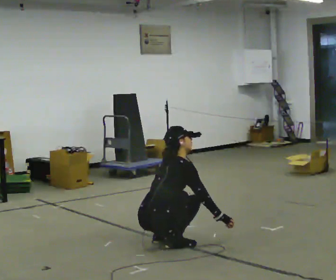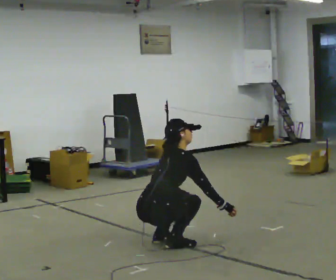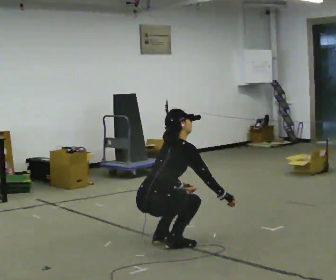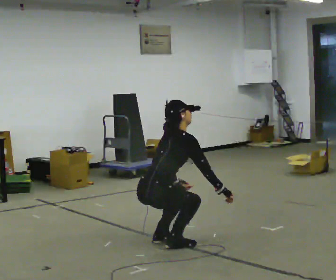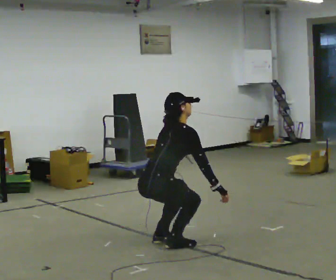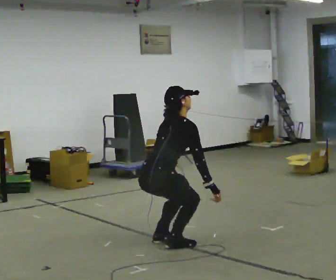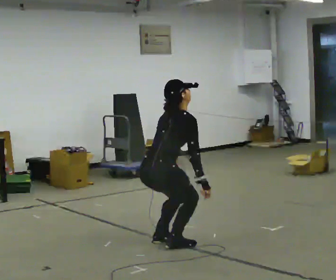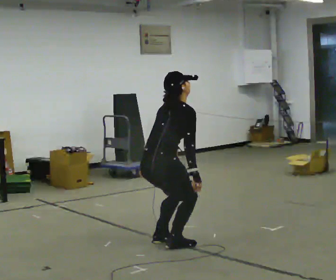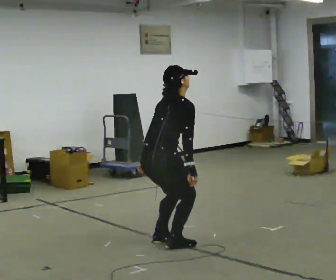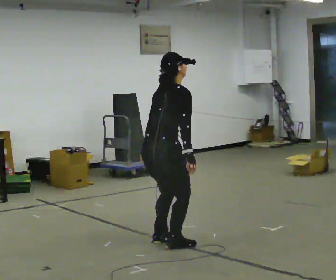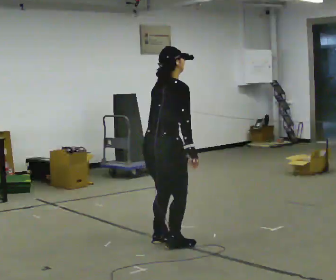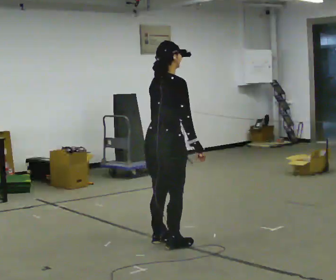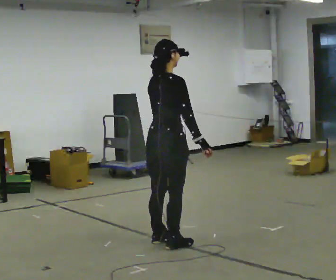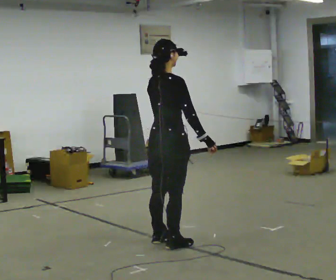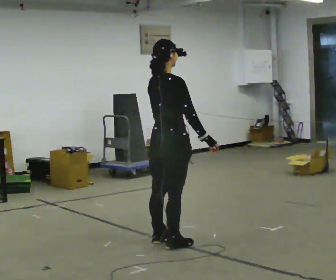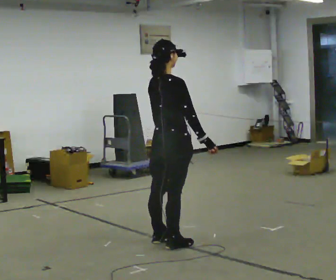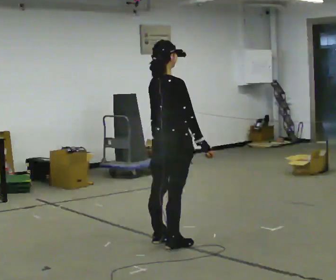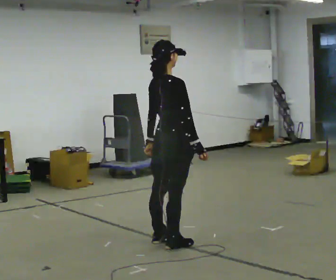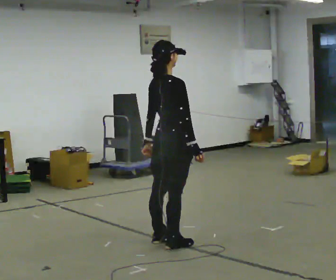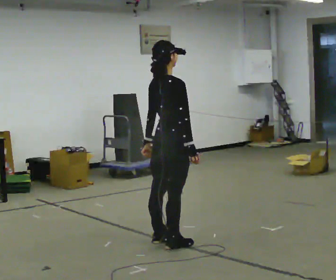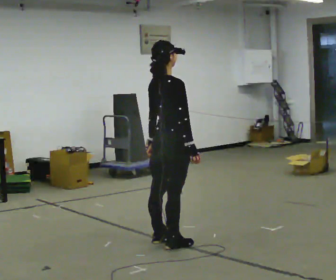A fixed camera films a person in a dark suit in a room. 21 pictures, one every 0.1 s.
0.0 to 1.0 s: The upper body goes upward. In the picture the upper body tilts counterclockwise, shoulders to the left, as they lean back or straighten. In the picture their left hand goes upward.
1.0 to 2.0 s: The person moves a little, or ends about where they began.
The film runs forward here.
